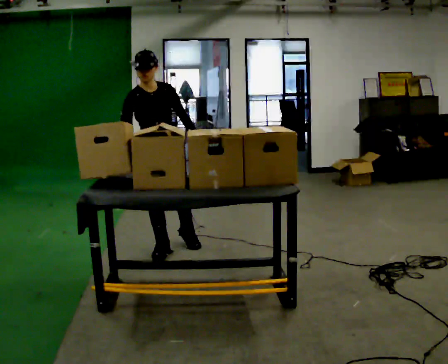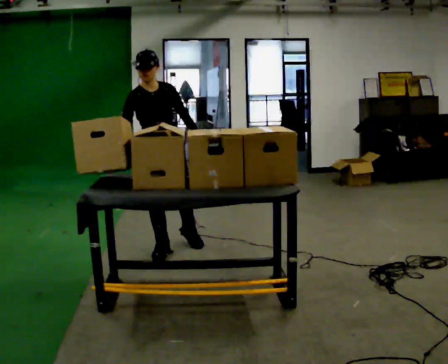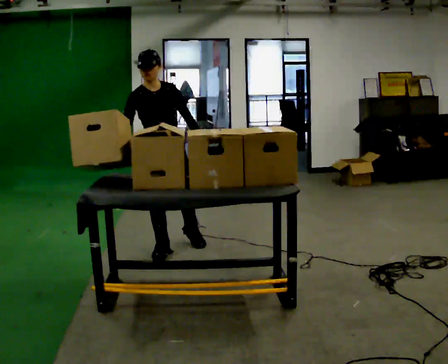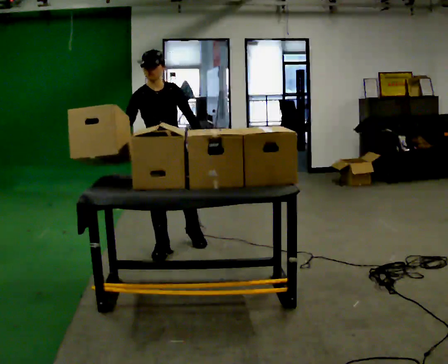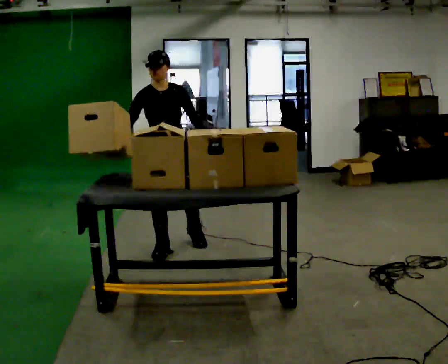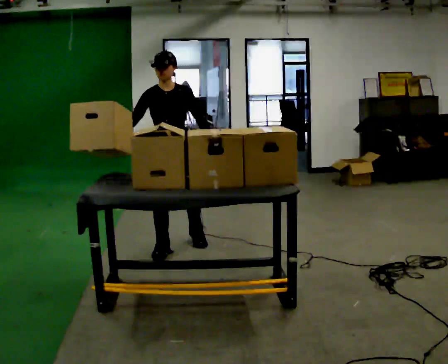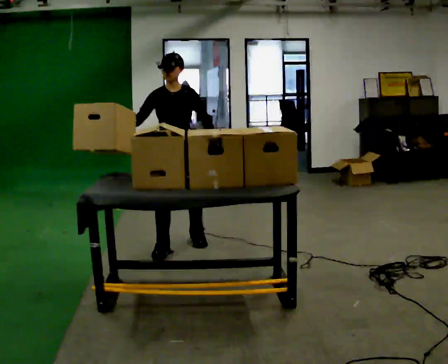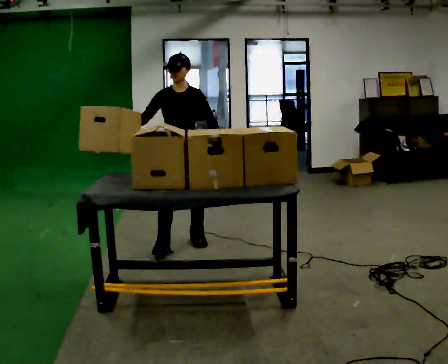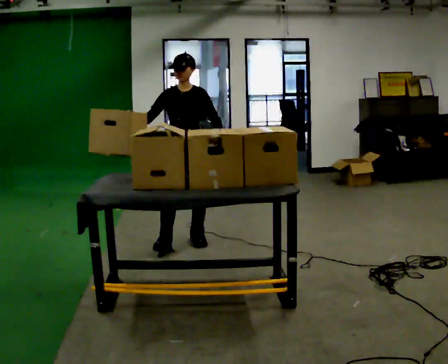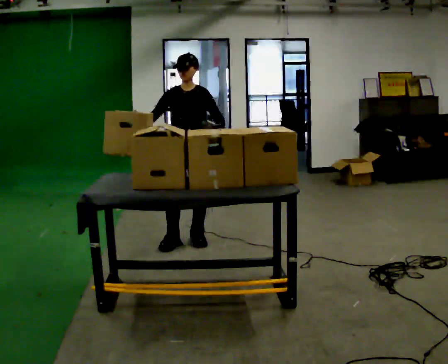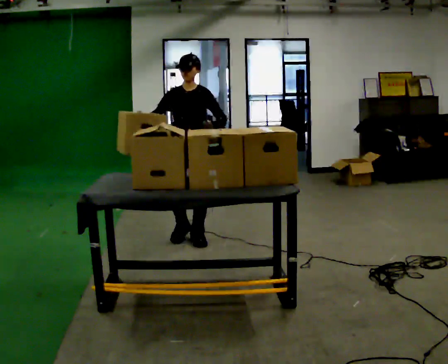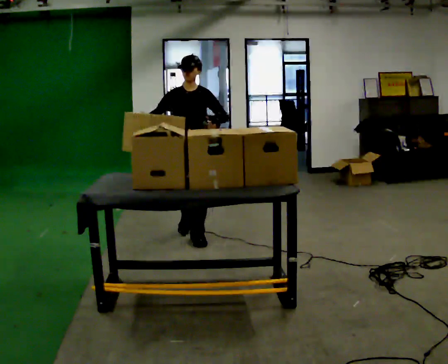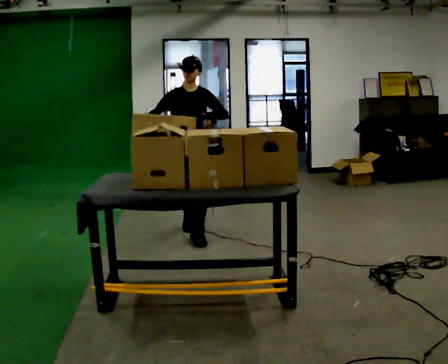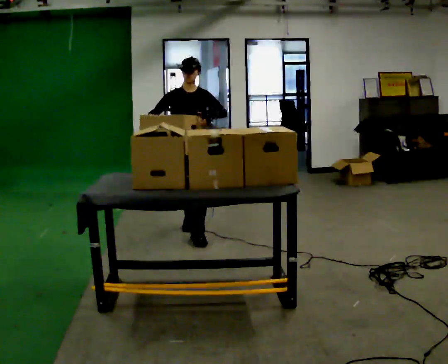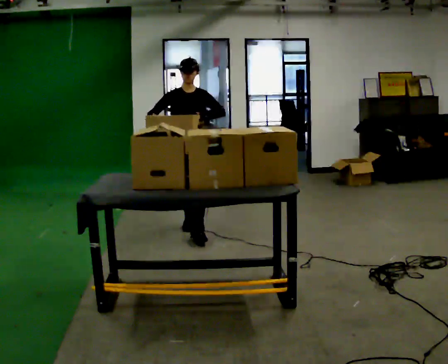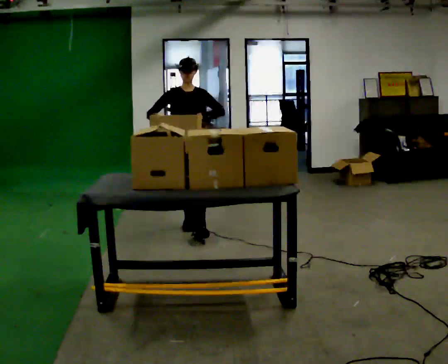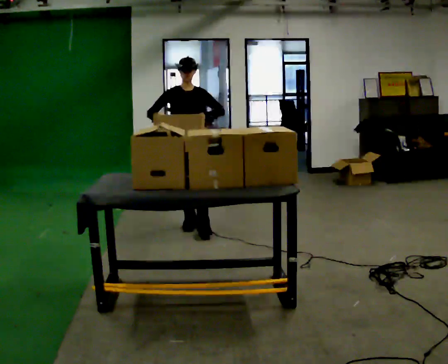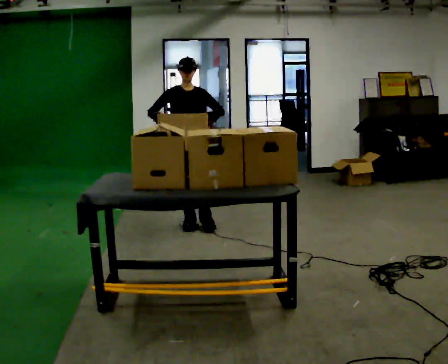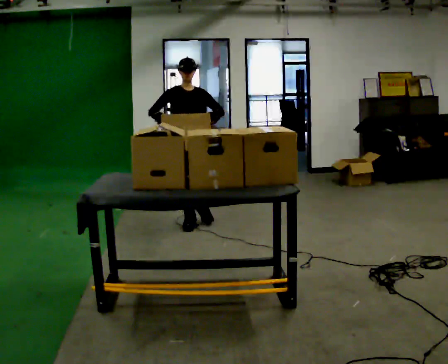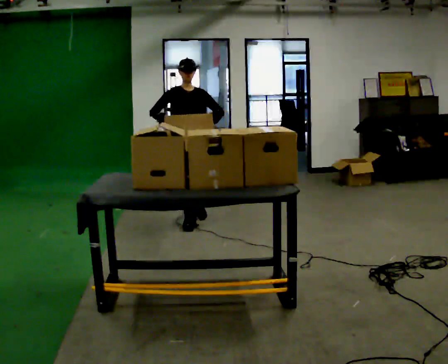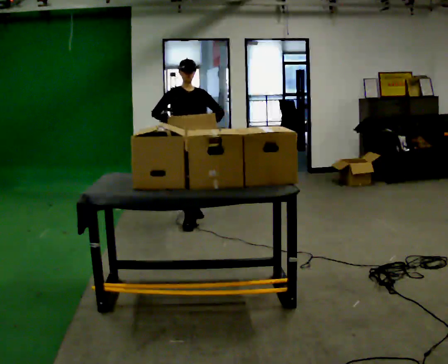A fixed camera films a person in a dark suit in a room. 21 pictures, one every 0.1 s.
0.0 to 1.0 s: The person turns about 30 degrees to their right, clockwise seen from above, so the part of the body nearest the lens slides to the left. In the picture they go away from the camera and to the right, about 0.5 m in 1 step, which for them is backward and to their left.
1.0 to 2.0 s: Seen from above the body turns counterclockwise, about 30 degrees: to their left, with its near side sliding to the right. In the picture they go away from the camera, about 0.5 m in 1 step, which for them is backward.
The film runs backward here.
